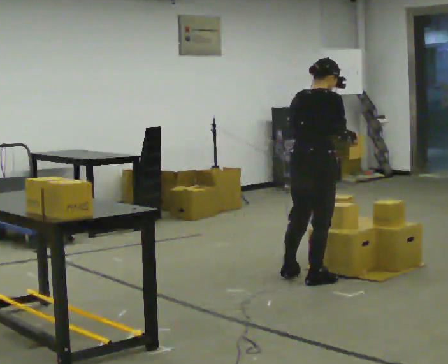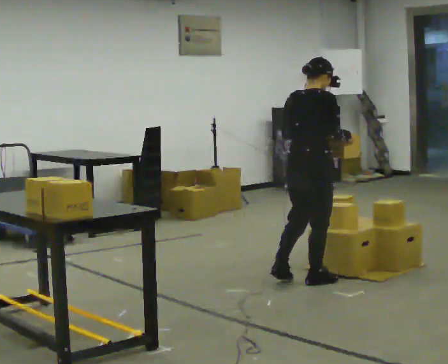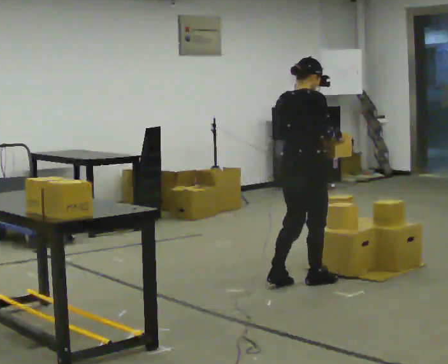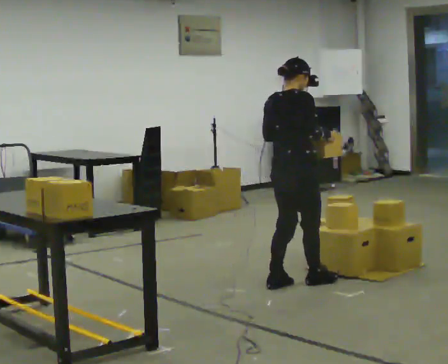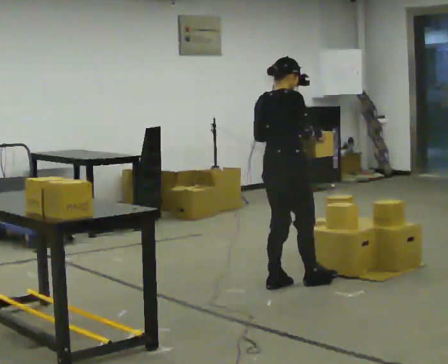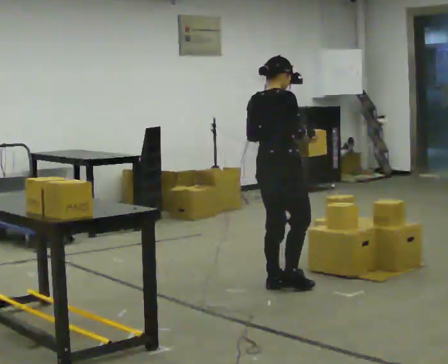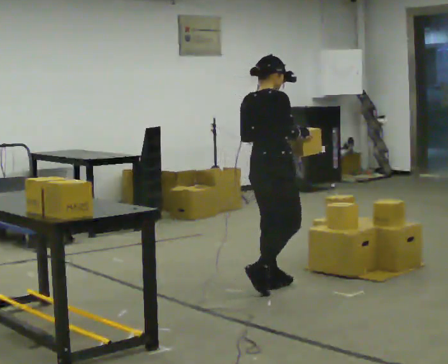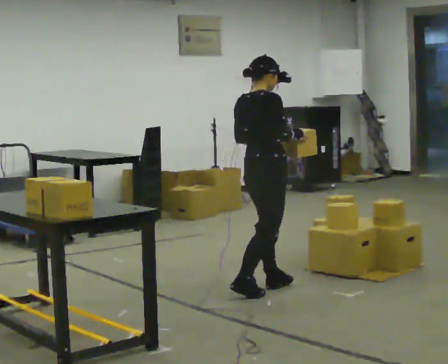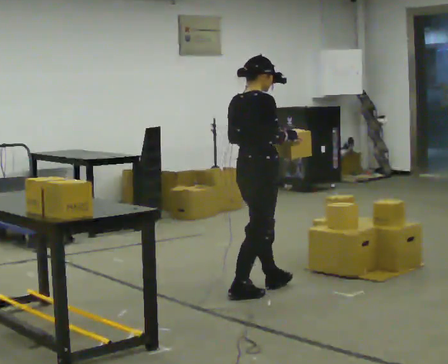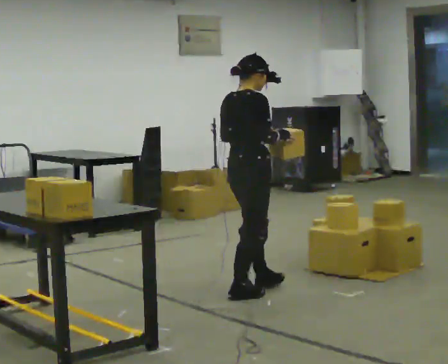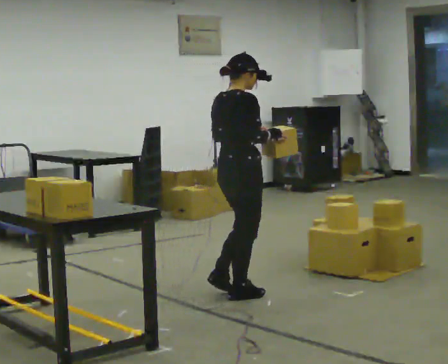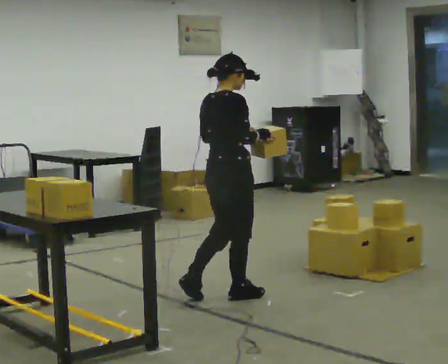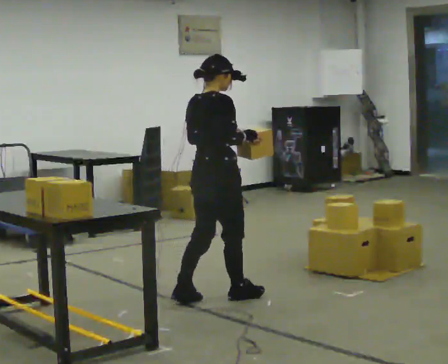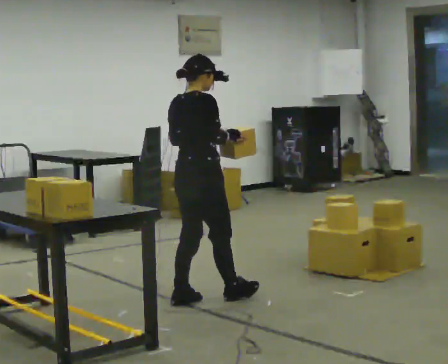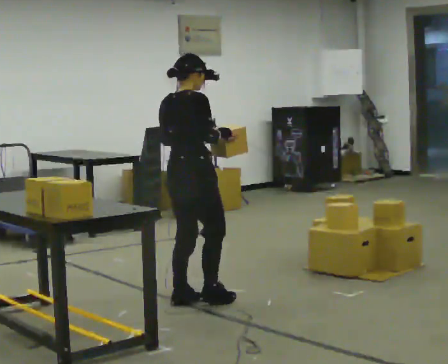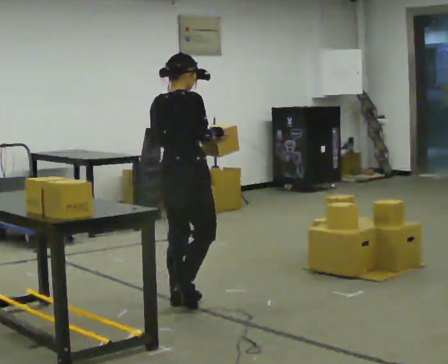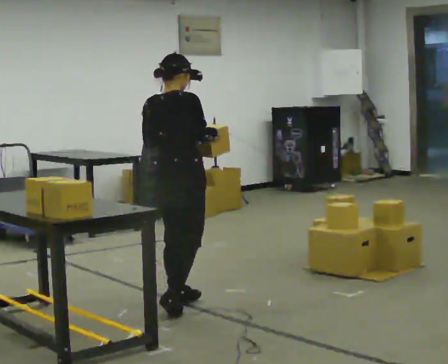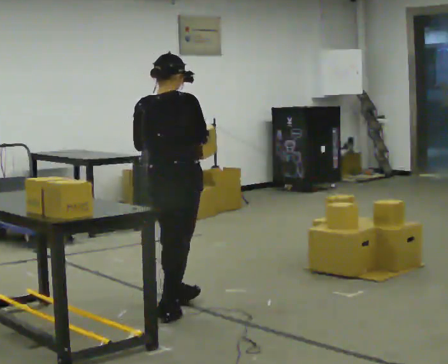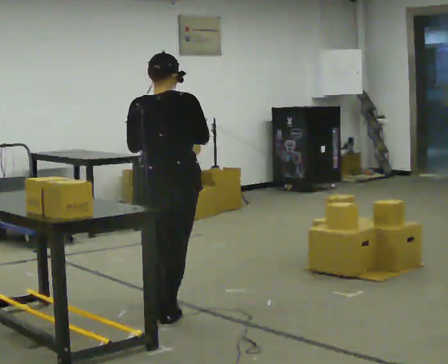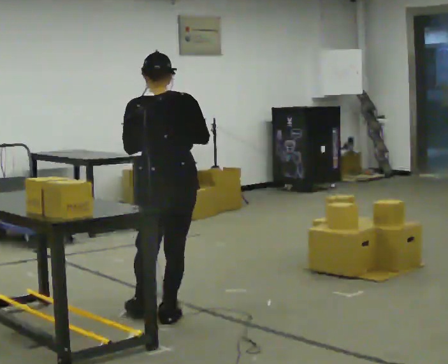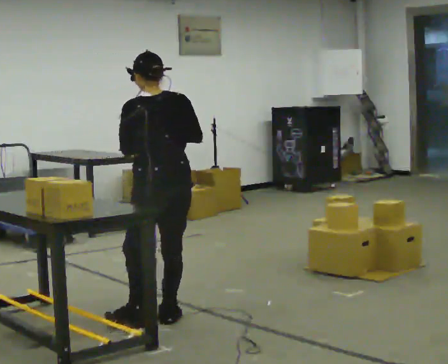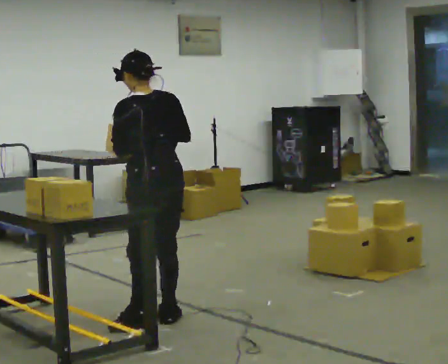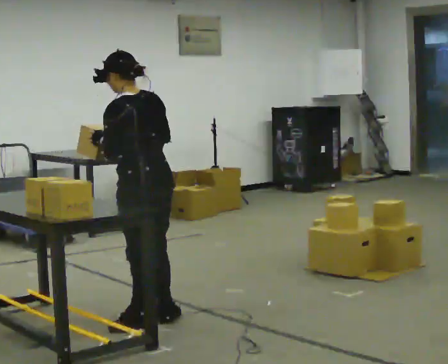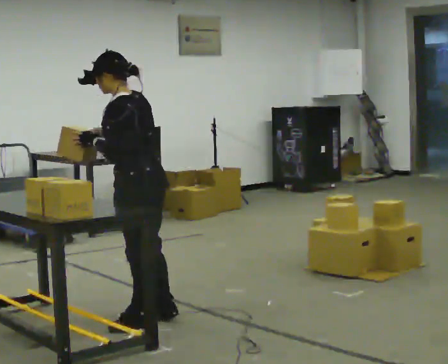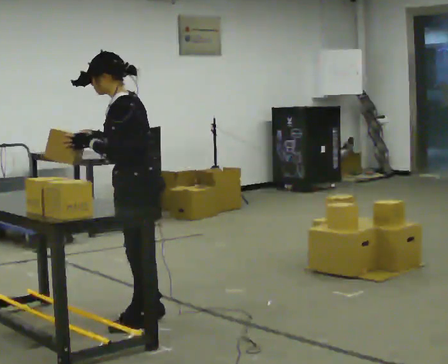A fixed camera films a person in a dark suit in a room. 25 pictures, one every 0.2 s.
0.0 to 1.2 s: In the picture they go to the left, about 0.25 m in 1 step, which for them is backward.
1.2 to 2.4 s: In the picture they go to the left and toward the camera, about 0.5 m in 1 step, which for them is backward.
2.4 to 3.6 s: The person turns about 45 degrees to their left, counterclockwise seen from above, so the part of the body nearest the lens slides to the right. In the picture they go toward the camera and to the left, about 0.5 m in 2 steps, which for them is backward.
3.6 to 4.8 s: The person turns about 105 degrees to their left, counterclockwise seen from above, so the part of the body nearest the lens slides to the right. In the picture they go toward the camera, about 0.25 m in 1 step. In the picture their right hand goes to the left.
The film runs backward here.
